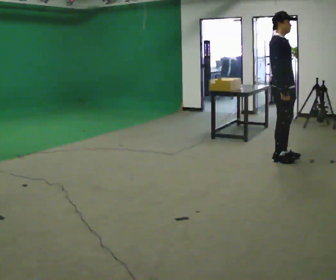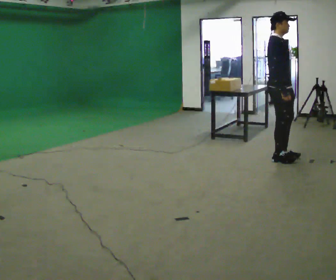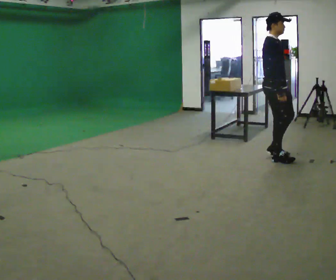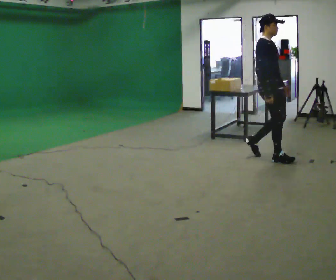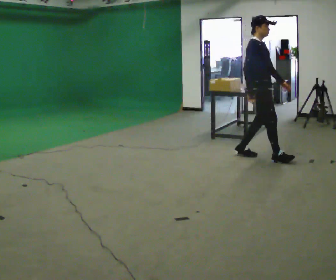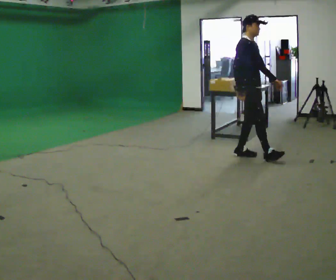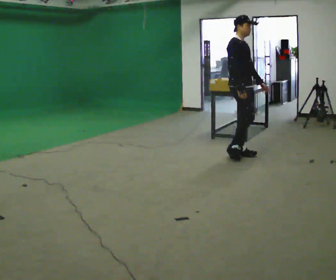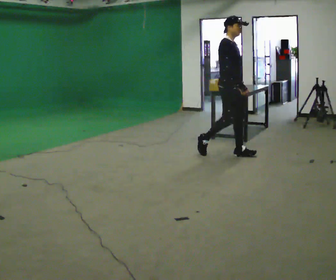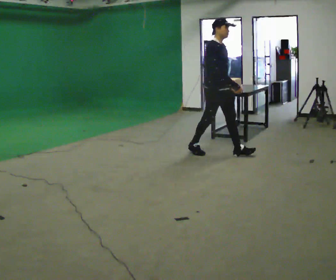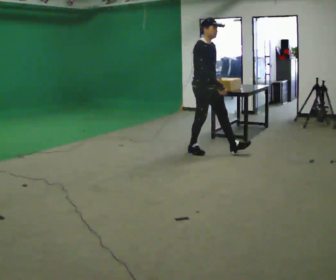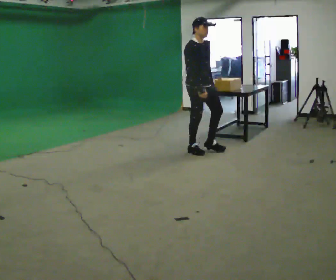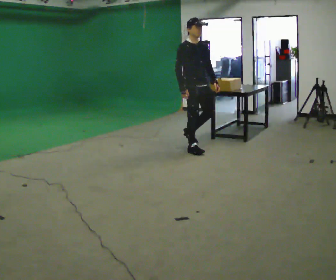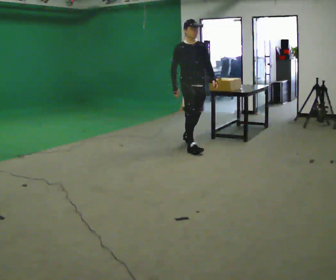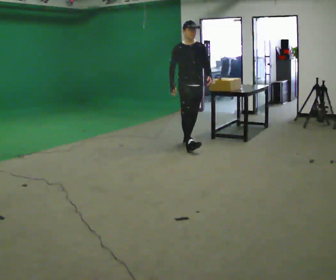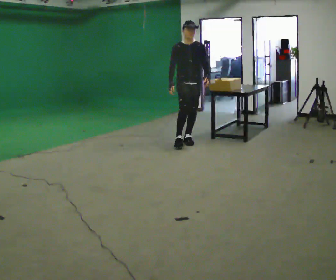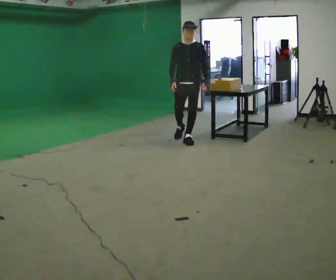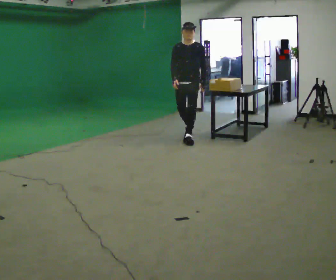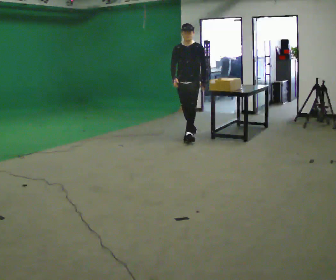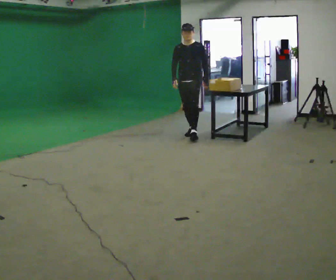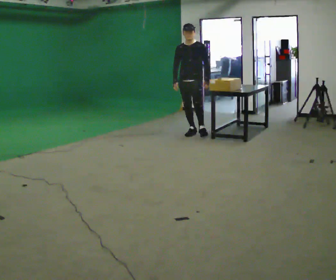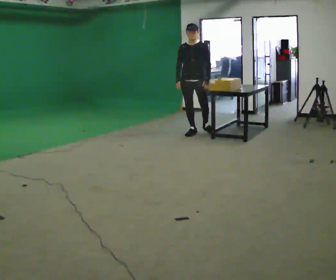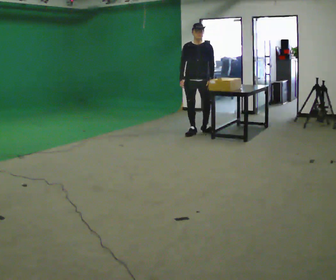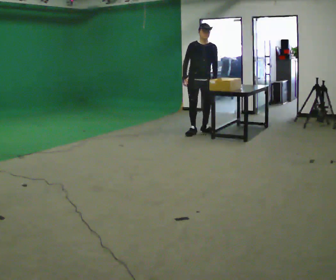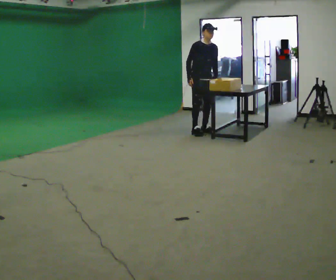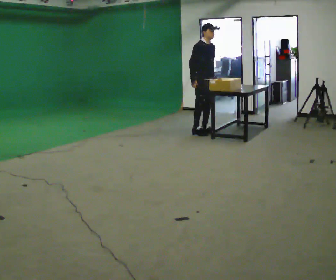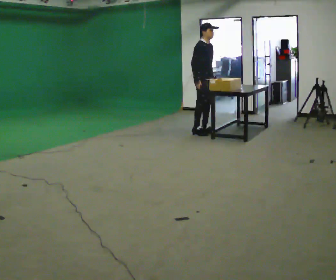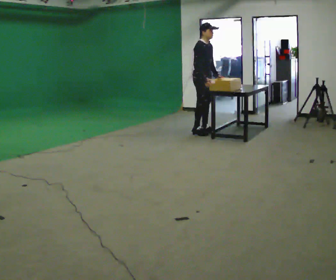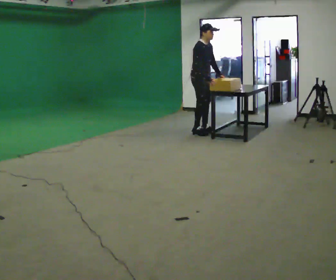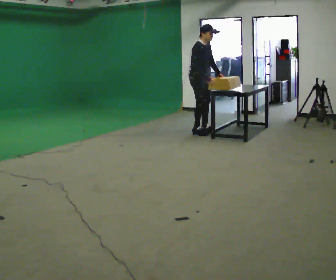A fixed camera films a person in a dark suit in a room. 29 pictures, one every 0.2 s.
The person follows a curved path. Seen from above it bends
clockwise.
The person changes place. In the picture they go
away from the camera.
0.0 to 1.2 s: In the picture they go to the left and away from the camera, about 0.5 m in 2 steps, which for them is backward.
1.2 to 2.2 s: In the picture they go to the left and away from the camera, about 0.75 m in 1 step, which for them is backward.
2.2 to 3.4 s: The part of the body nearest the lens slides to the left as the person turns to their right by about 60 degrees. In the picture they go away from the camera, about 1 m in 1 step, which for them is backward.
3.4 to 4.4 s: Seen from above the body turns counterclockwise, about 30 degrees: to their left, with its near side sliding to the right. In the picture they go away from the camera, about 0.25 m in 1 step, which for them is backward.
4.4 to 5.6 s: Seen from above the body turns counterclockwise, about 45 degrees: to their left, with its near side sliding to the right. In the picture their right hand goes to the right.
The film runs backward here.
